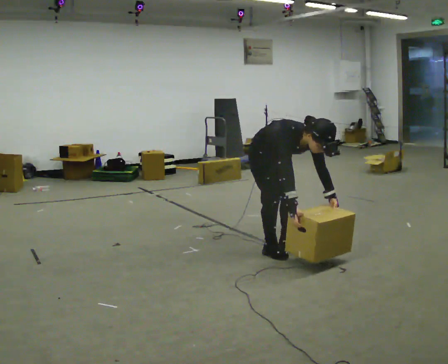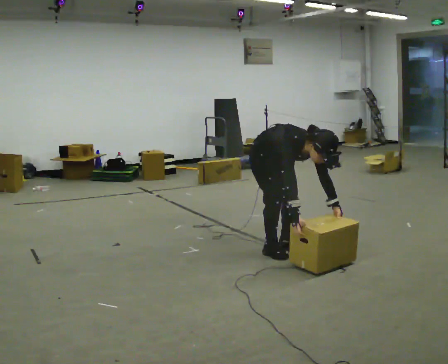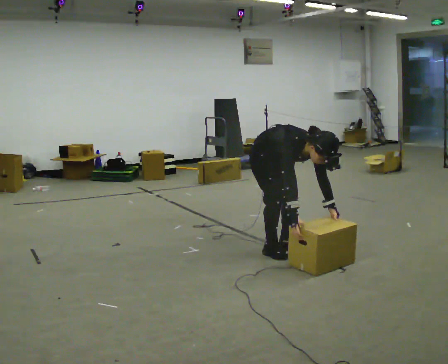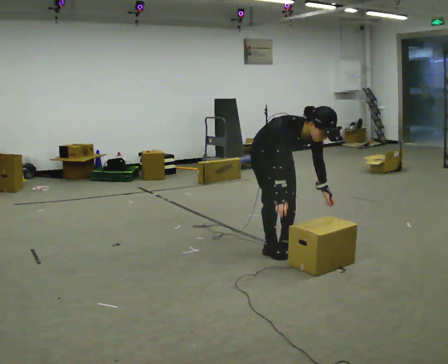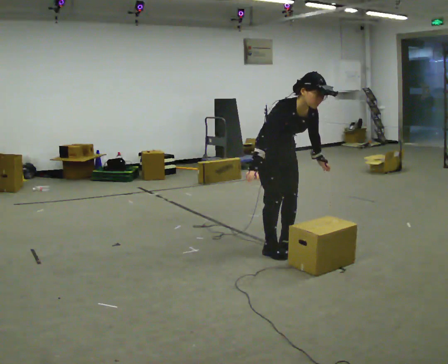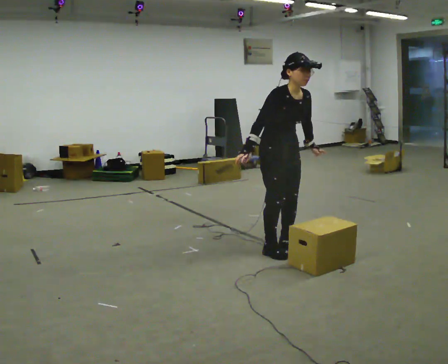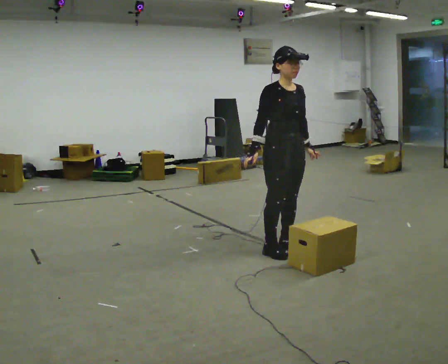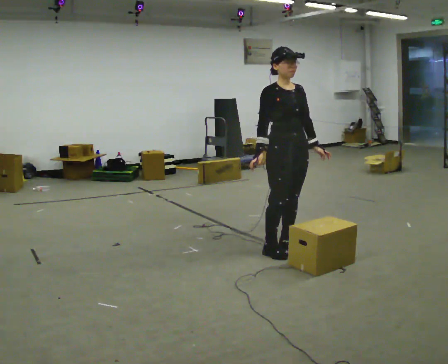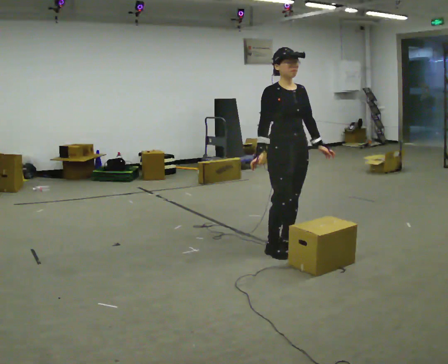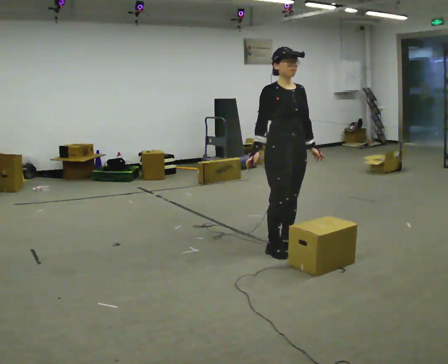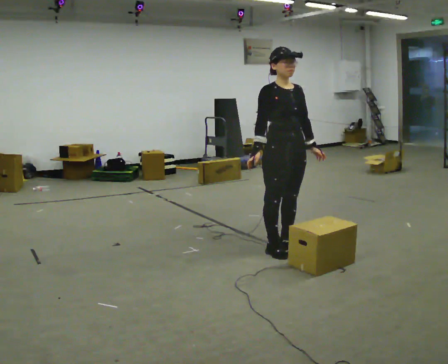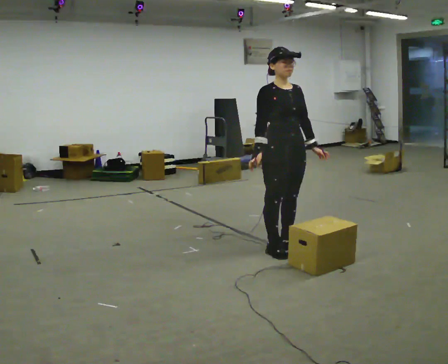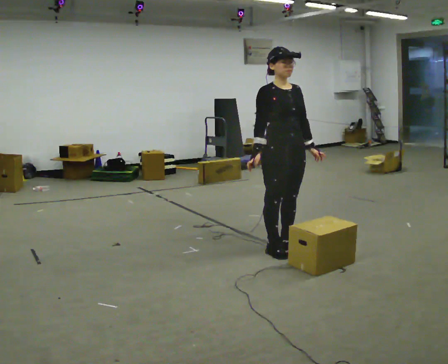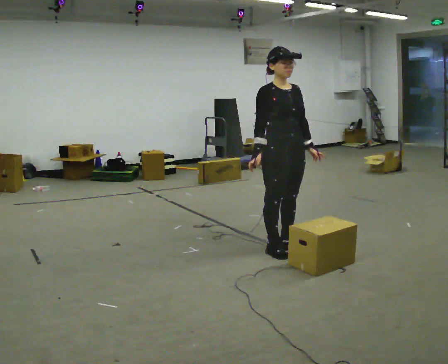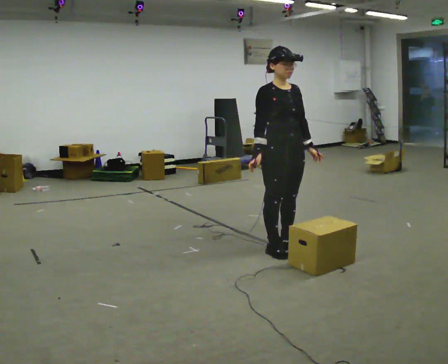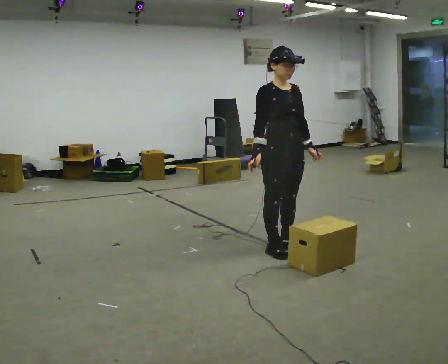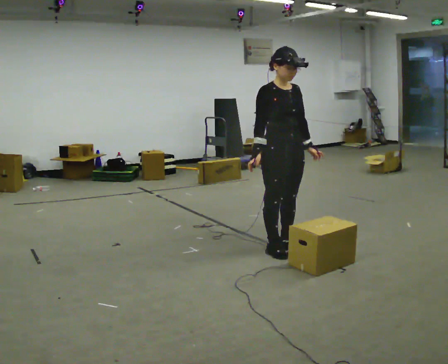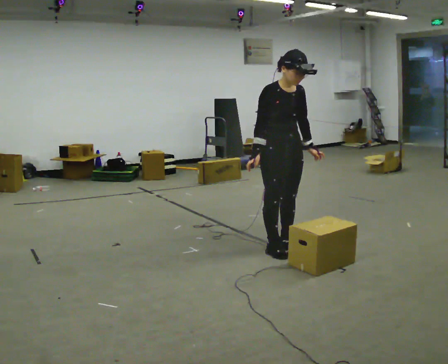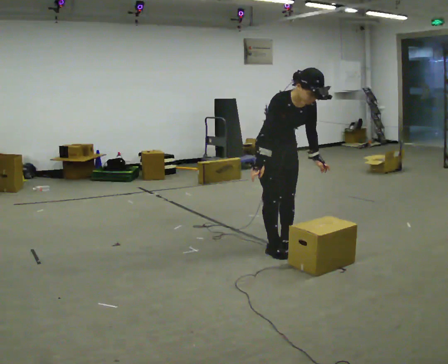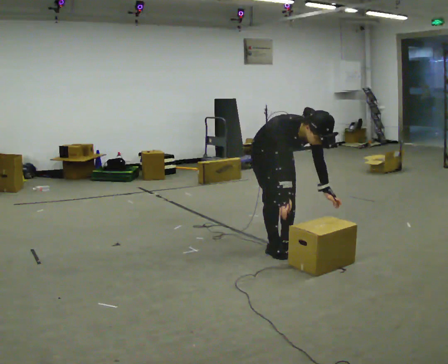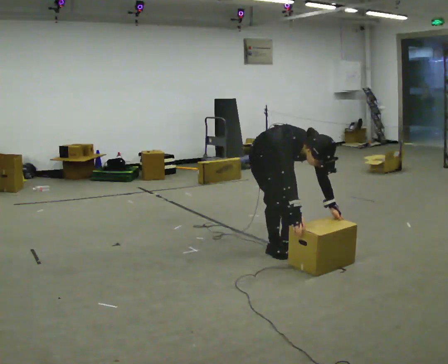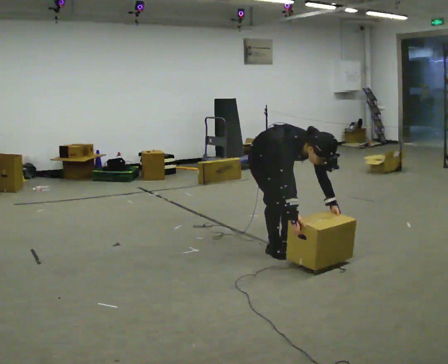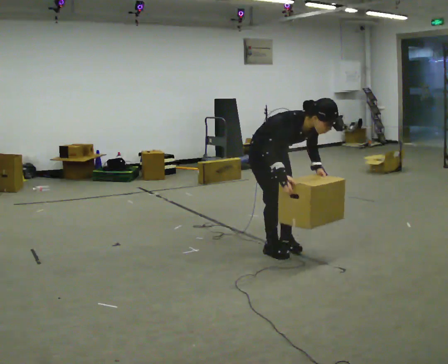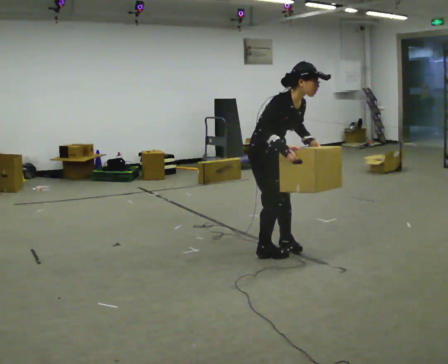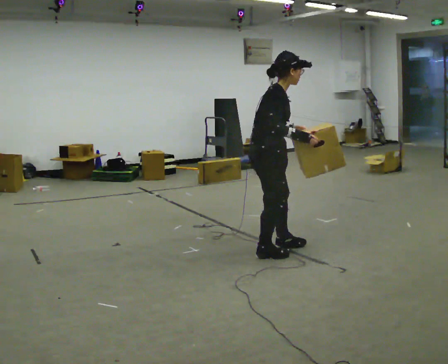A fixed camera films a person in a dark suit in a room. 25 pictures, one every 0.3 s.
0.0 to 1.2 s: In the picture their right hand goes upward.
1.2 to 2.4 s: In the picture the upper body tilts counterclockwise, shoulders to the left, as they lean back or straighten.
2.4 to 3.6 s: The person moves a little, or ends about where they began.
3.6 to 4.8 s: The person keeps their place and pose.
4.8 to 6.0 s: The shoulders move downward. In the picture the upper body tilts clockwise, shoulders to the right, as they bend forward. In the picture their right hand goes downward and to the right.
6.0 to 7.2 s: Seen from above the body turns counterclockwise, about 60 degrees: to their left, with its near side sliding to the right. In the picture they go toward the camera, about 0.25 m. The upper body goes upward. The upper body tips away from the camera, its near side rolling upward, as they lean back or straighten. In the picture their left hand goes upward and to the left.
The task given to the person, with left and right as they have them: Carry the box across the room as briskly as you comfortably can, back and forth. Do not run.
The film runs forward here.
